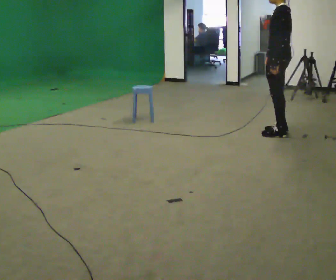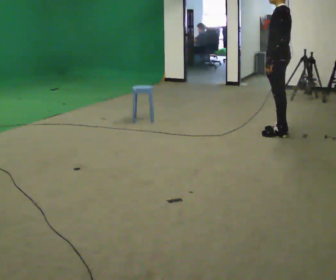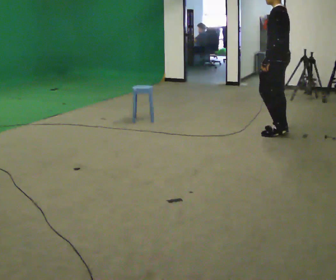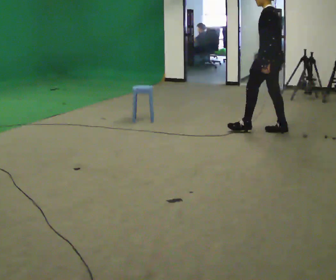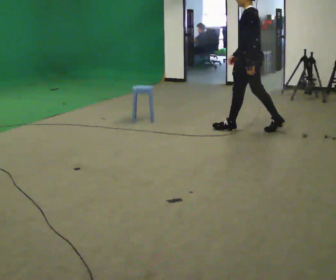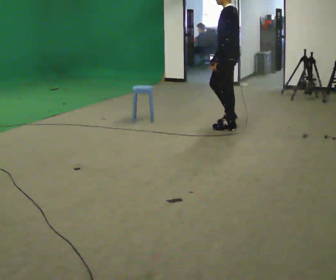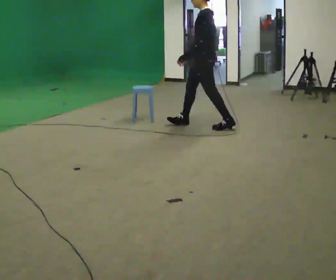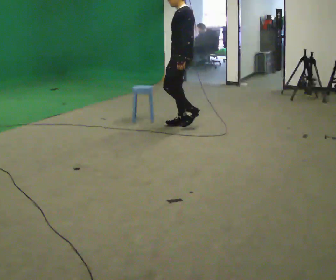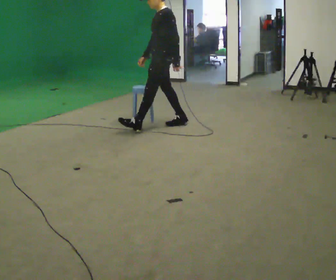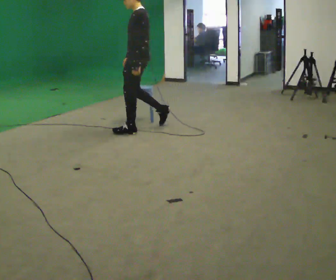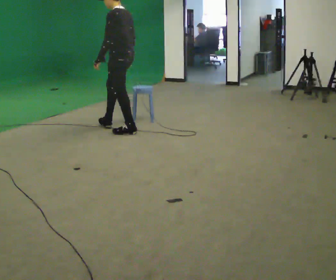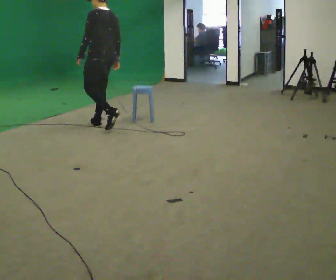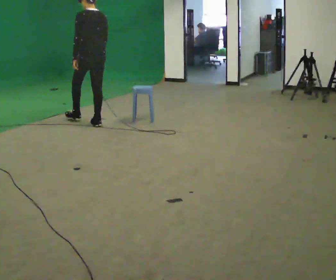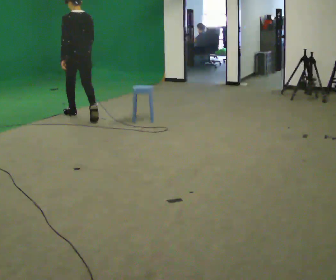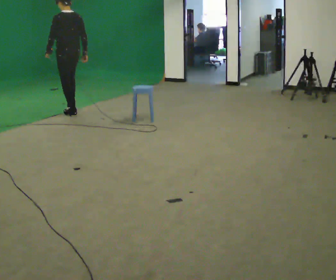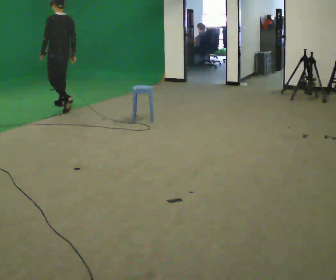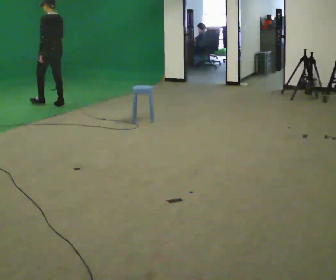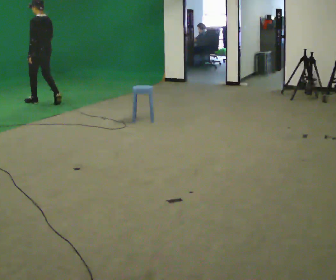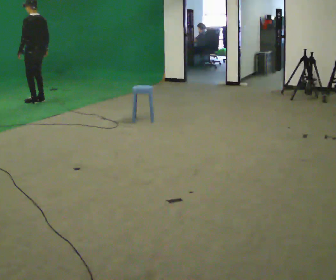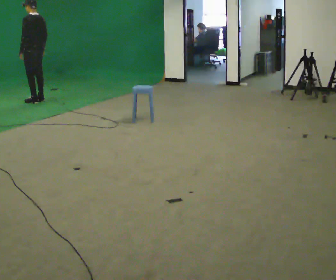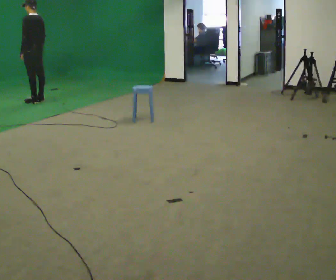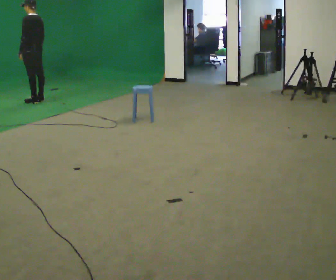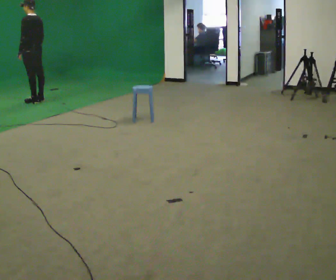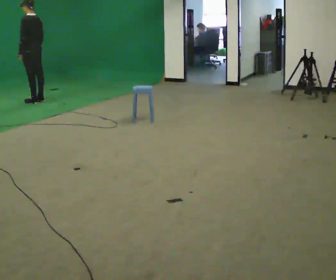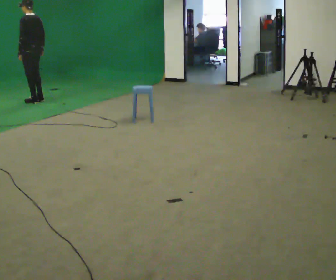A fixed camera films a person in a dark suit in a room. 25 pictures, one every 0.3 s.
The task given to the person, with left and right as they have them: Walk toward obstacle; alter path to avoid it; continue toward original destination.
0.0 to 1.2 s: In the picture they go away from the camera and to the left, about 0.25 m in 1 step, which for them is forward.
1.2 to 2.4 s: The part of the body nearest the lens slides to the right as the person turns to their left by about 30 degrees. In the picture they go to the left and away from the camera, about 1 m in 1 step, which for them is forward.
2.4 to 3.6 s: The part of the body nearest the lens slides to the left as the person turns to their right by about 60 degrees. In the picture they go to the left and away from the camera, about 1 m in 2 steps.
3.6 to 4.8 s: In the picture they go away from the camera and to the left, about 1.5 m in 2 steps, which for them is forward.
4.8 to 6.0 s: In the picture they go away from the camera and to the left, about 0.5 m in 2 steps, which for them is forward.
6.0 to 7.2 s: The person moves a little, or ends about where they began.
The film runs forward here.
